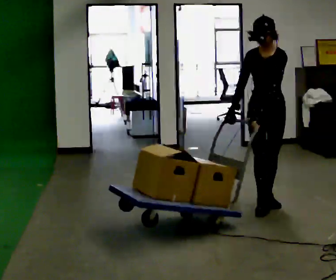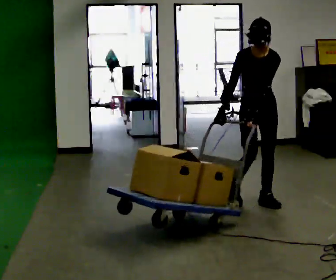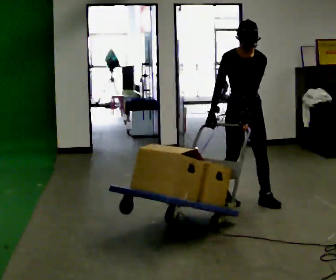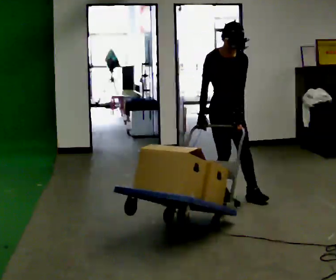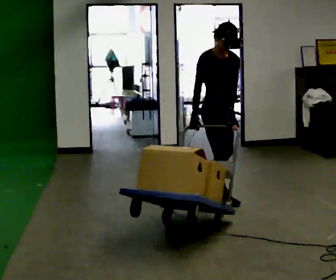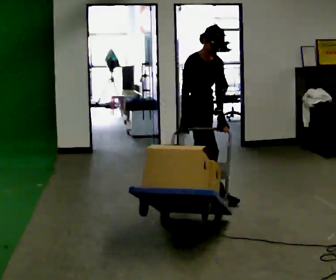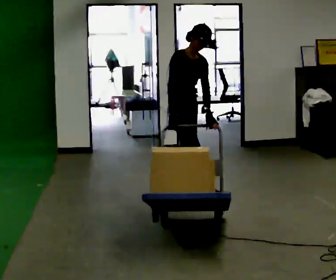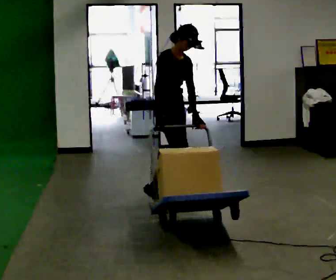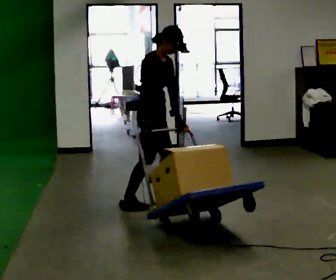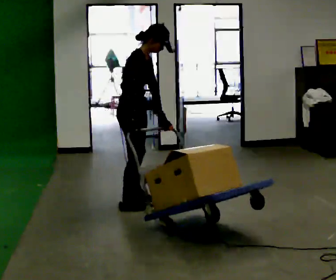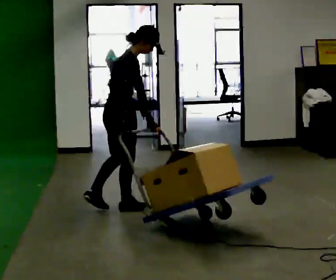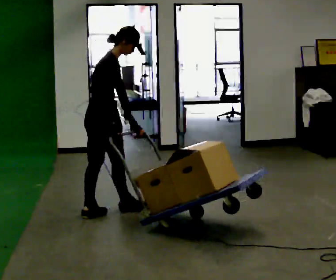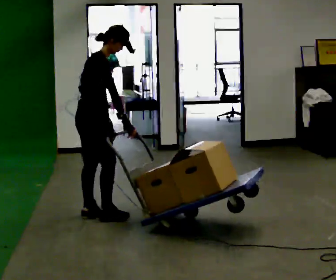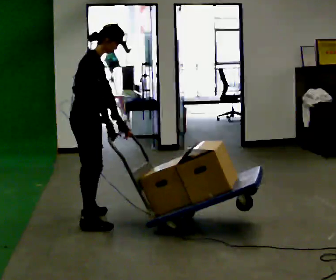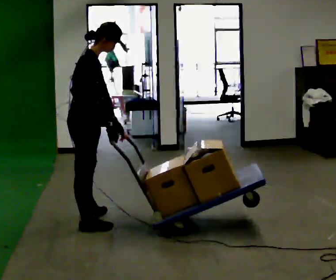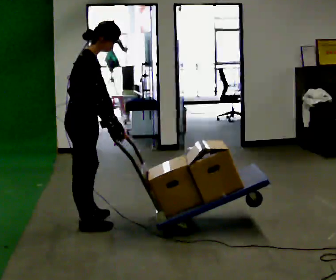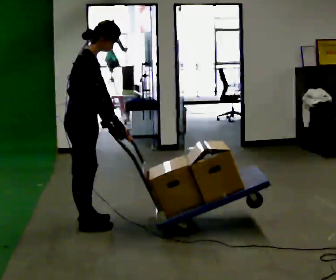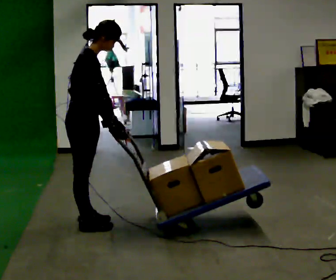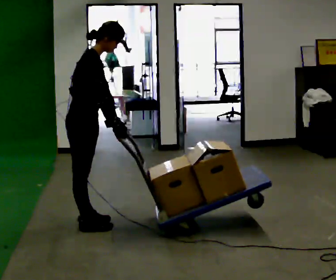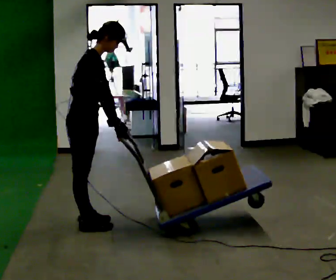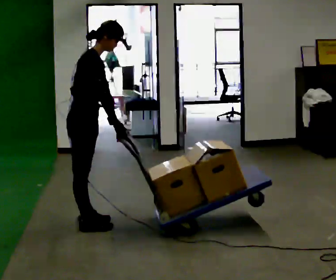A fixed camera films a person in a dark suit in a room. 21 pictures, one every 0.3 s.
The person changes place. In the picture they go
to the left.
The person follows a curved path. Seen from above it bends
counterclockwise.
0.0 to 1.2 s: The person turns about 60 degrees to their left, counterclockwise seen from above, so the part of the body nearest the lens slides to the right. In the picture they go to the left and away from the camera, about 0.5 m in 1 step, which for them is to their right and backward.
1.2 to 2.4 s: The person turns about 30 degrees to their left, counterclockwise seen from above, so the part of the body nearest the lens slides to the right. In the picture they go to the left, about 0.5 m in 1 step, which for them is backward and to their right.
2.4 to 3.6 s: The part of the body nearest the lens slides to the right as the person turns to their left by about 30 degrees. In the picture they go to the left and toward the camera, about 0.5 m in 2 steps, which for them is backward and to their right.
3.6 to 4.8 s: In the picture they go toward the camera, about 0.25 m, which for them is to their right.
4.8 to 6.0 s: The person moves a little, or ends about where they began.
The film runs backward here.
